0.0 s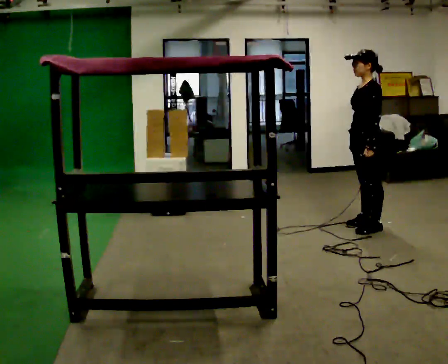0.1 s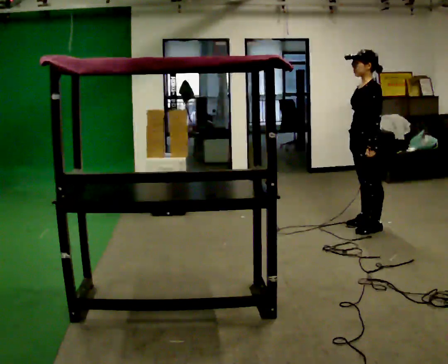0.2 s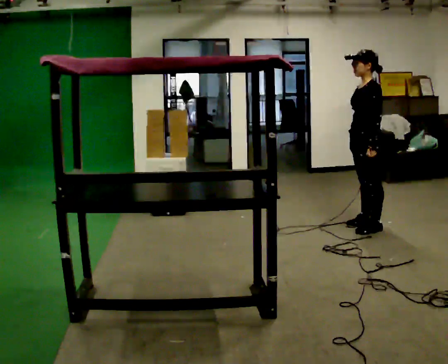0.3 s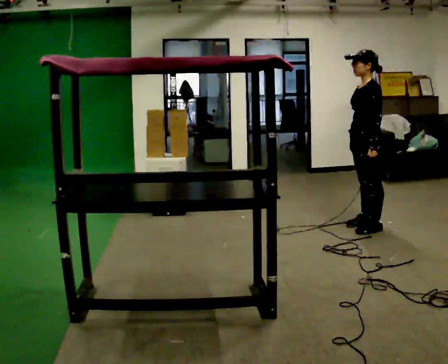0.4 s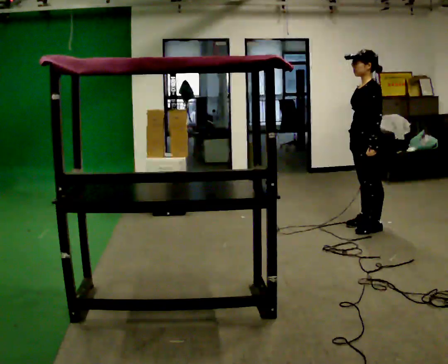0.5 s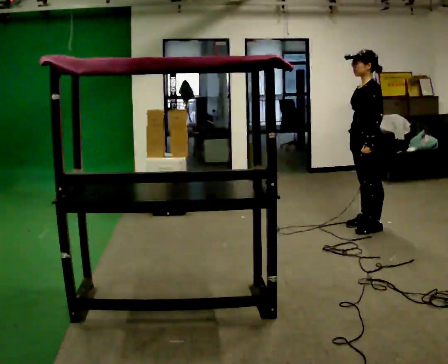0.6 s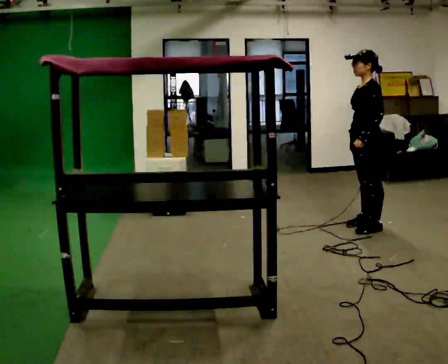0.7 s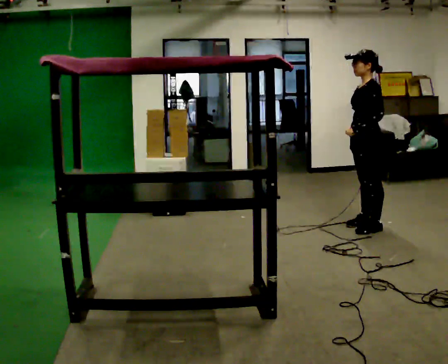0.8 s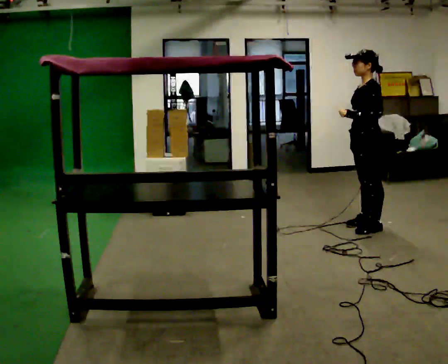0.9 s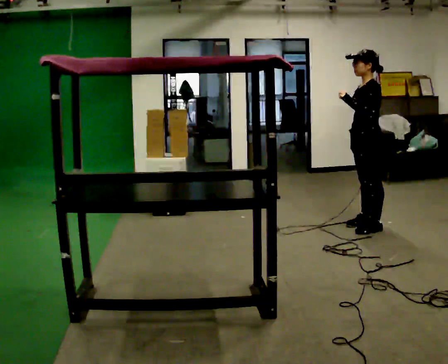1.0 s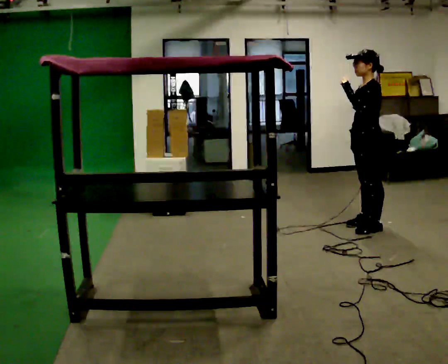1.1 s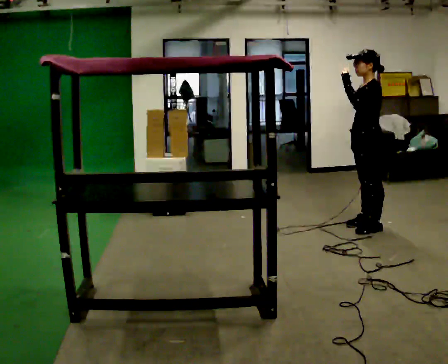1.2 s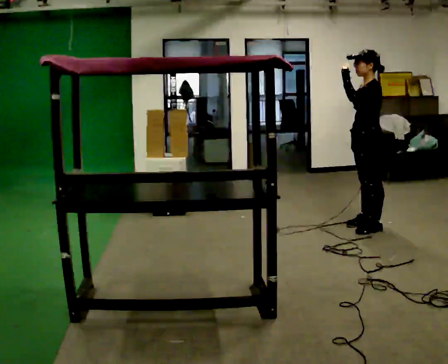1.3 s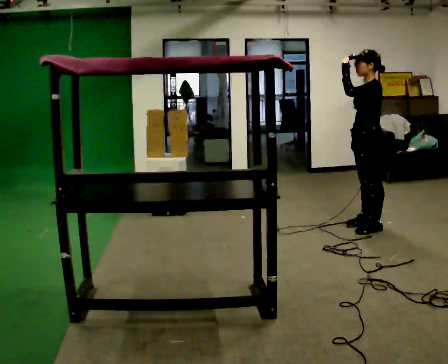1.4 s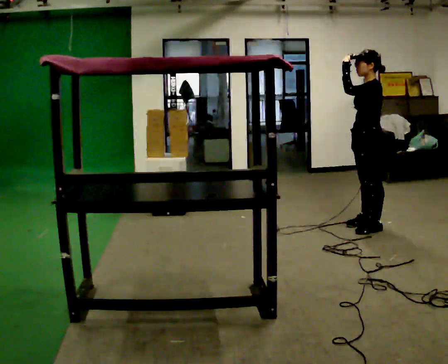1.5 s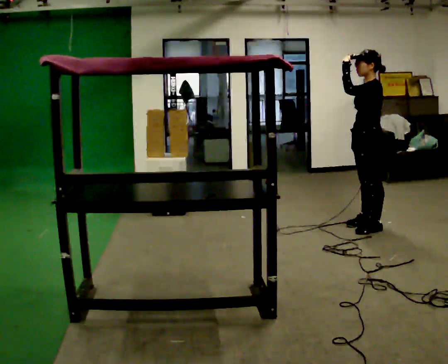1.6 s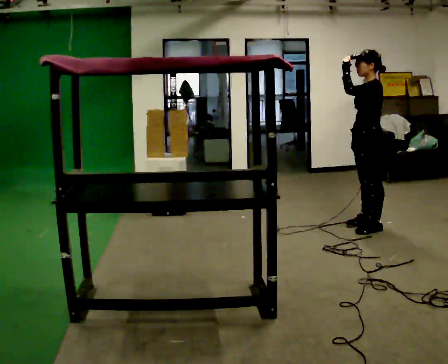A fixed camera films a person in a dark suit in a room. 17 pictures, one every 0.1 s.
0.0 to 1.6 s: In the picture their left hand goes upward.
The film runs backward here.
